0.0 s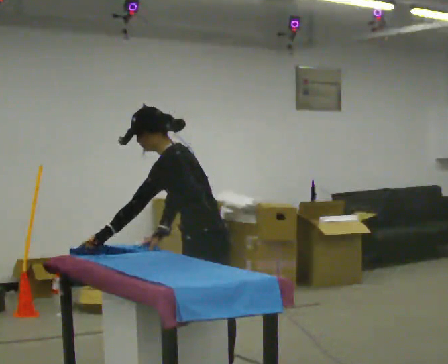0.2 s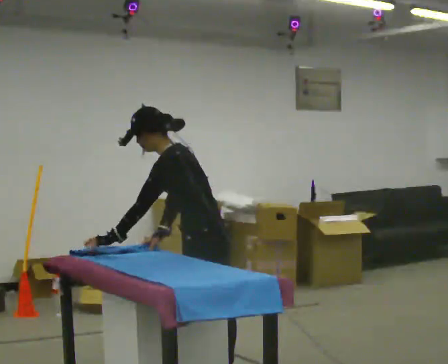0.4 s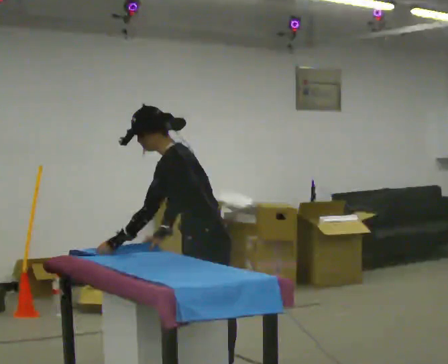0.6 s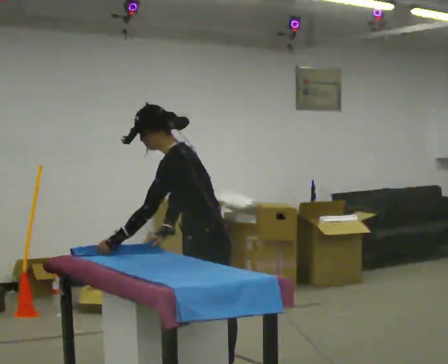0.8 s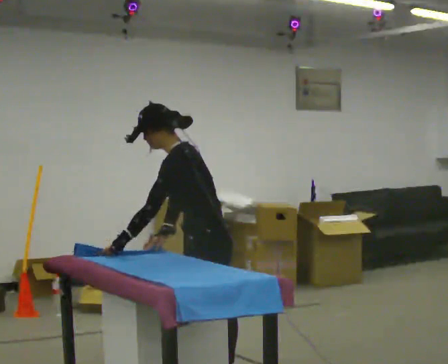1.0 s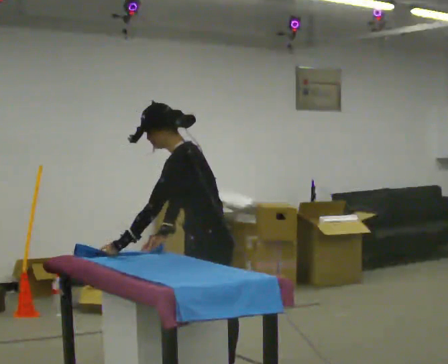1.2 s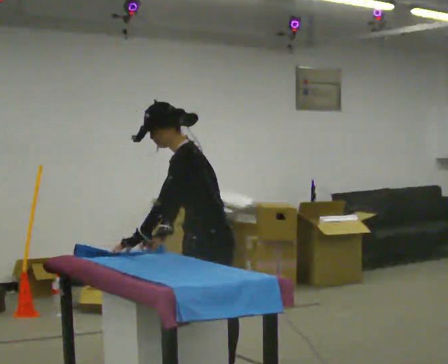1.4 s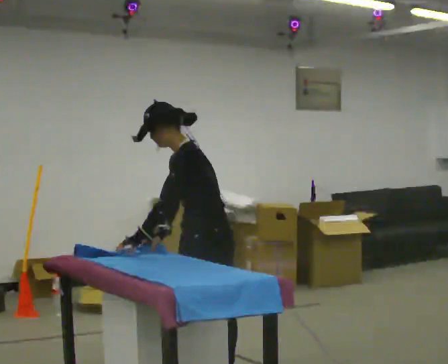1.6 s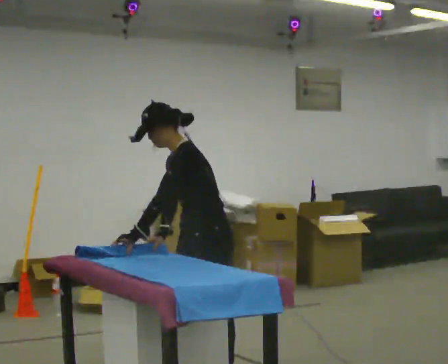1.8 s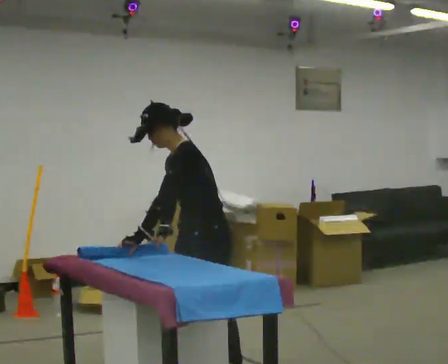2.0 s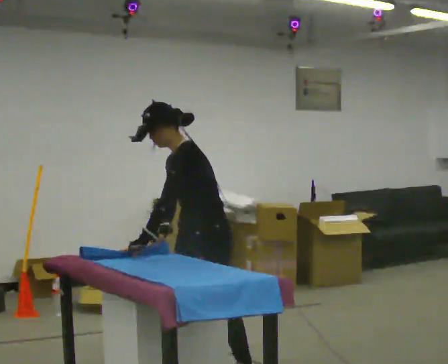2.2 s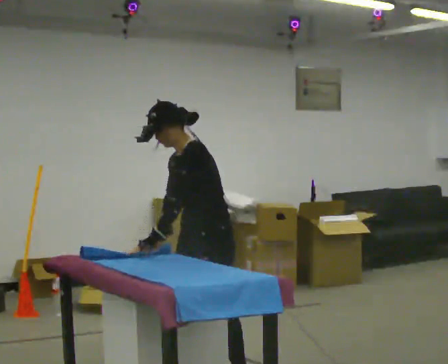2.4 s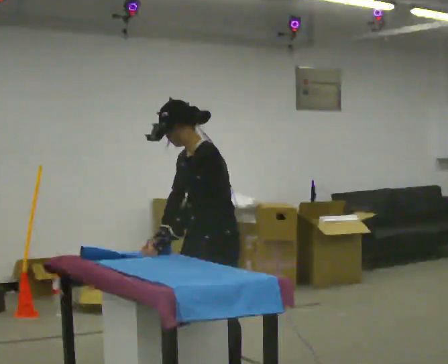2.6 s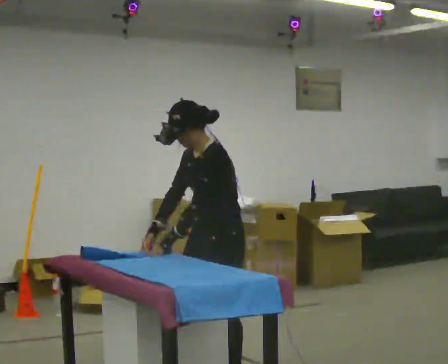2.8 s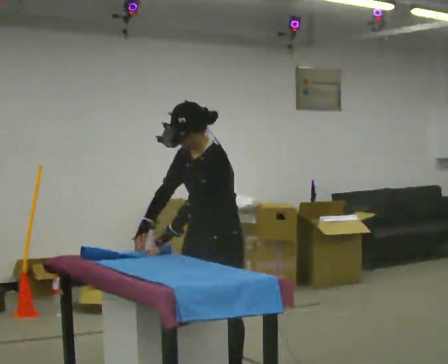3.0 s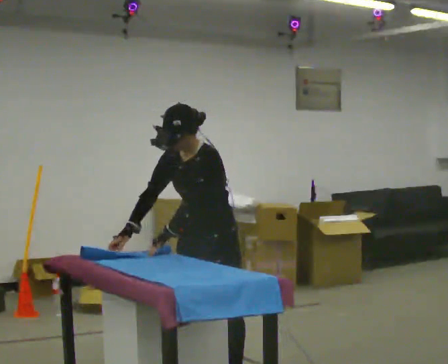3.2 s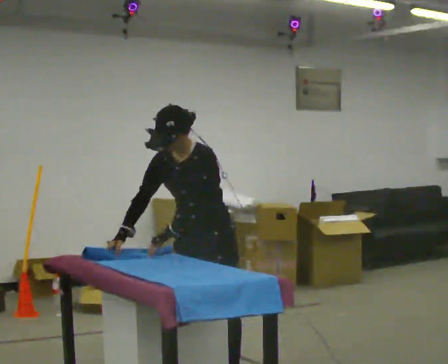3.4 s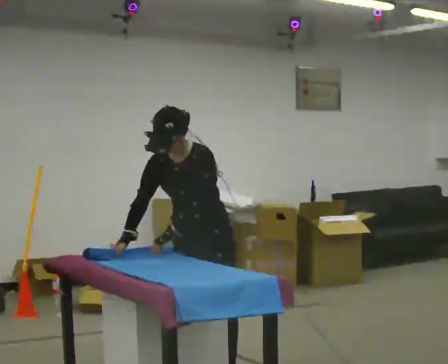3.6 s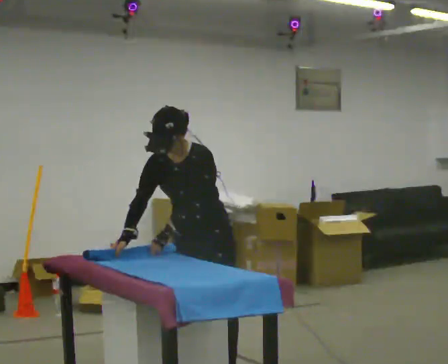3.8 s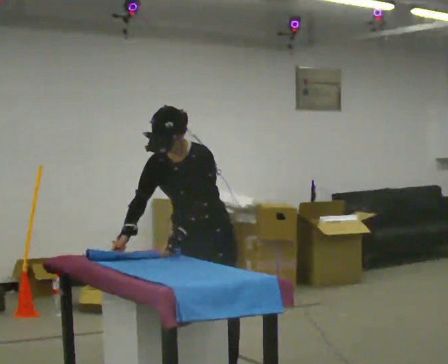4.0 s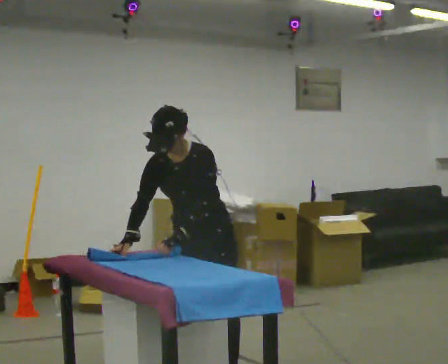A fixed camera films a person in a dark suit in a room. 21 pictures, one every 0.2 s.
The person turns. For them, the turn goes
to their left.
The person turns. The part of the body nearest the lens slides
to the right.
0.0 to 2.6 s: Seen from above the body turns counterclockwise, about 30 degrees: to their left, with its near side sliding to the right. In the picture the upper body tilts clockwise, shoulders to the right, as they lean back or straighten. In the picture their left hand goes to the right.
2.6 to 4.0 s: The part of the body nearest the lens slides to the right as the person turns to their left by about 45 degrees.
The film runs forward here.
